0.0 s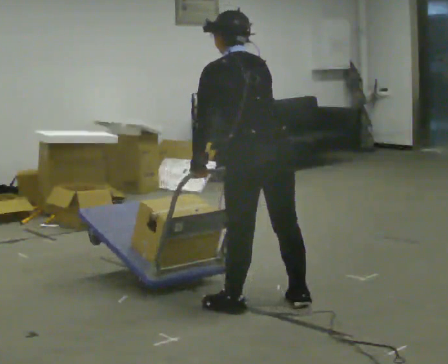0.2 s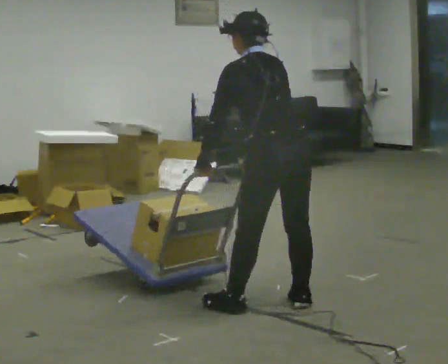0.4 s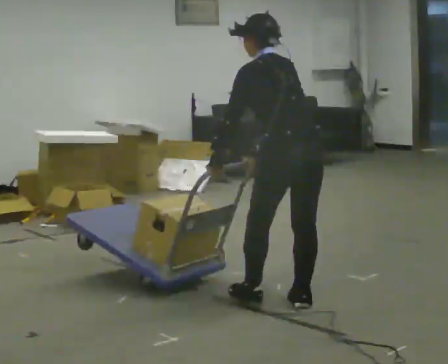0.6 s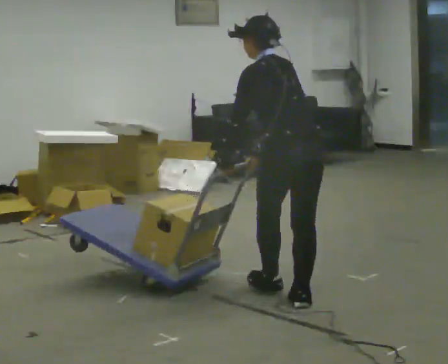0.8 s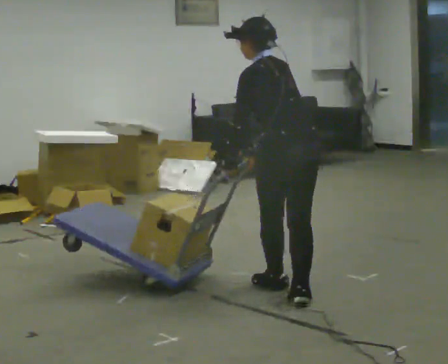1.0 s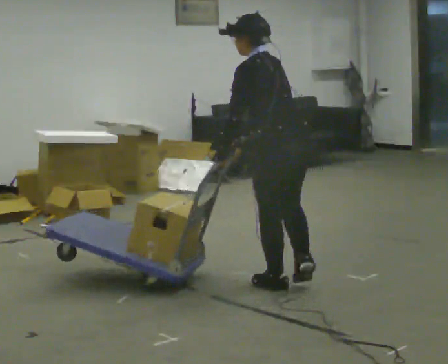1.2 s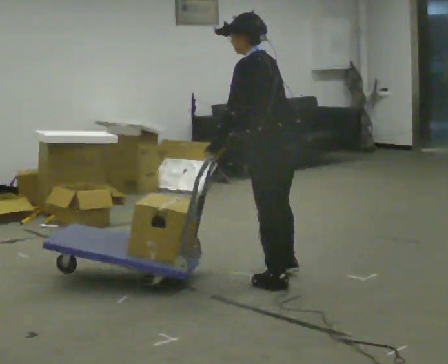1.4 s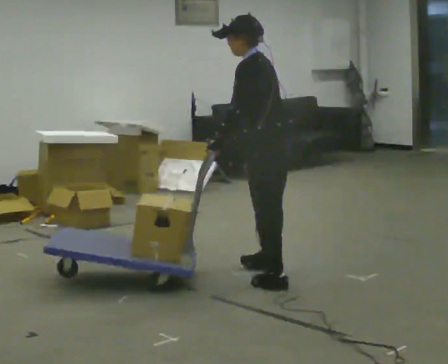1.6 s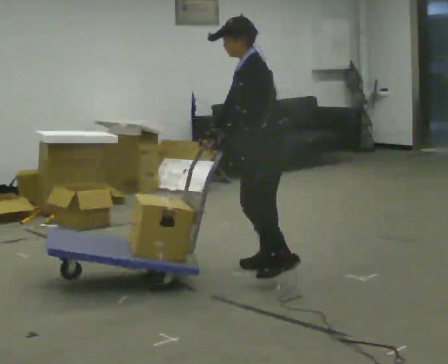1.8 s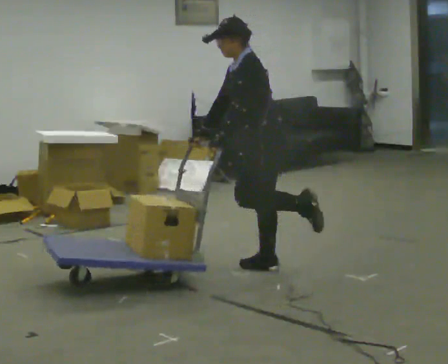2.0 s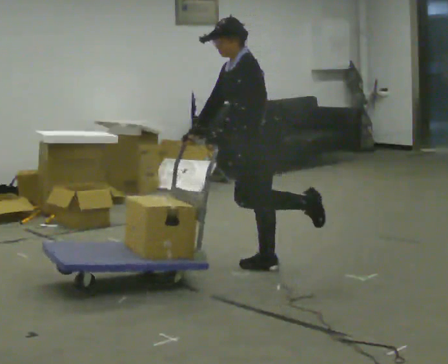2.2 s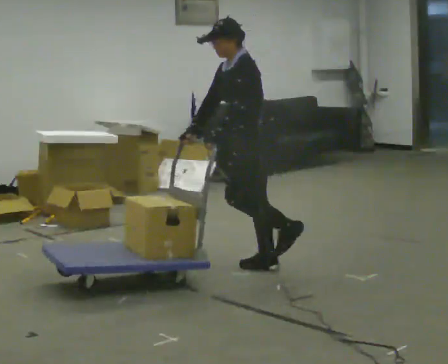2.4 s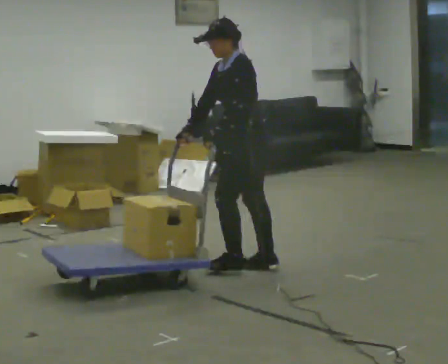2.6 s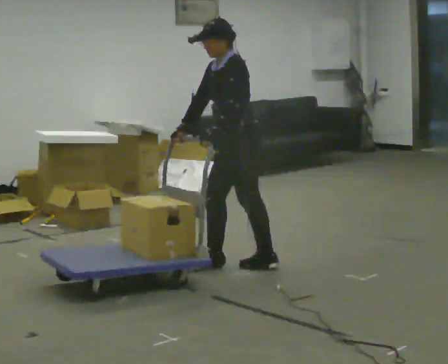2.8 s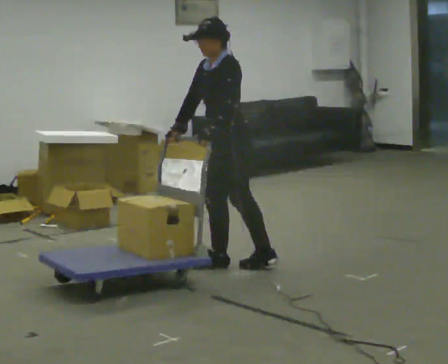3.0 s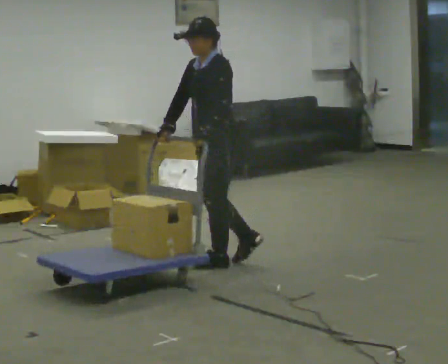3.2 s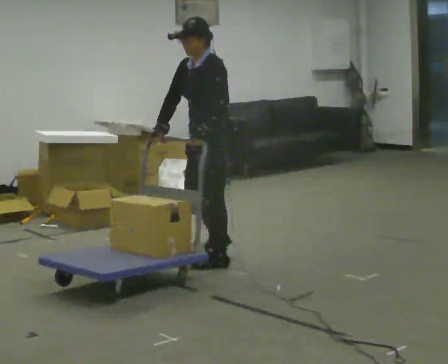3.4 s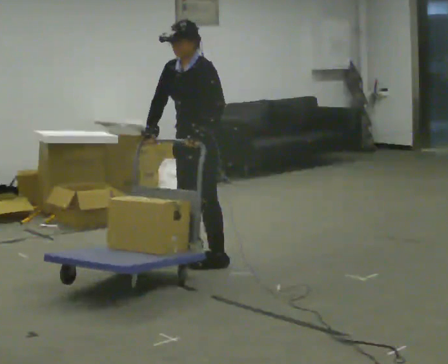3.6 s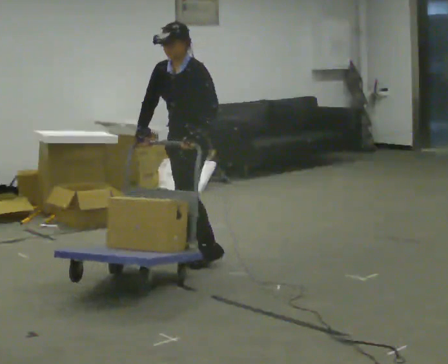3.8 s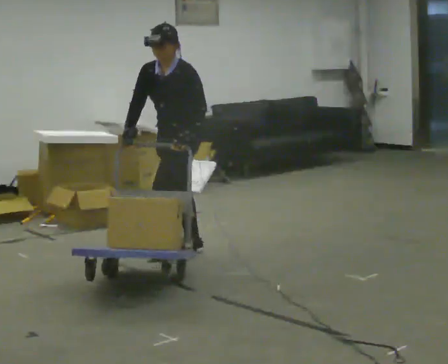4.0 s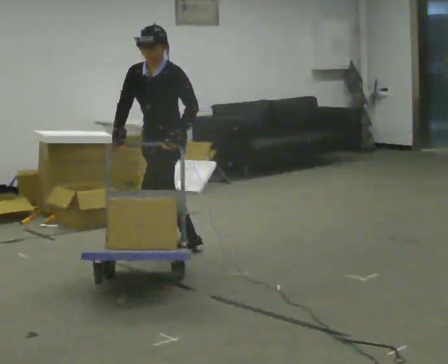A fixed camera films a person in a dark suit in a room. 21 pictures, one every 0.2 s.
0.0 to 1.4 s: The person turns about 30 degrees to their left, counterclockwise seen from above, so the part of the body nearest the lens slides to the right. In the picture they go away from the camera, about 0.5 m in 2 steps, which for them is forward and to their right.
1.4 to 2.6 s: Seen from above the body turns counterclockwise, about 30 degrees: to their left, with its near side sliding to the right. In the picture they go away from the camera and to the left, about 0.25 m, which for them is to their right and forward.
2.6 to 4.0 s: The part of the body nearest the lens slides to the right as the person turns to their left by about 30 degrees. In the picture they go to the left and away from the camera, about 0.75 m in 3 steps, which for them is to their right and forward.
The film runs forward here.
